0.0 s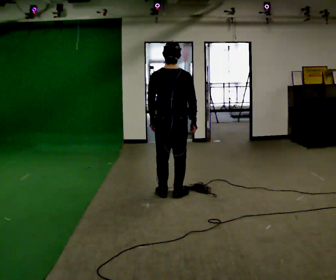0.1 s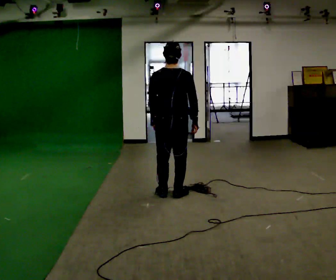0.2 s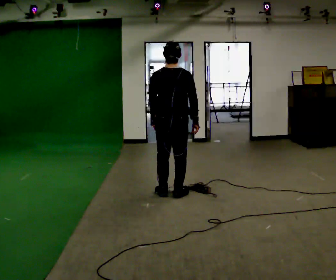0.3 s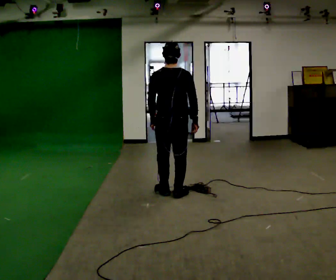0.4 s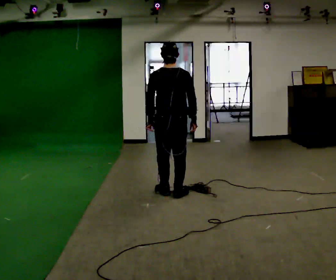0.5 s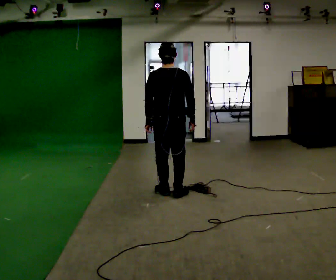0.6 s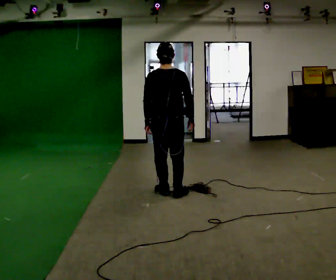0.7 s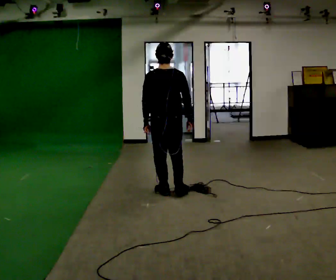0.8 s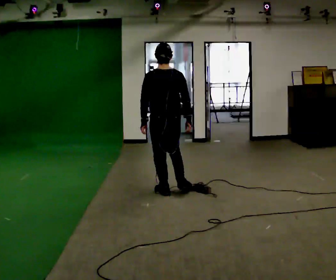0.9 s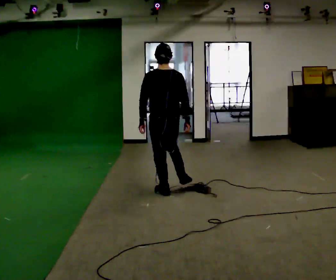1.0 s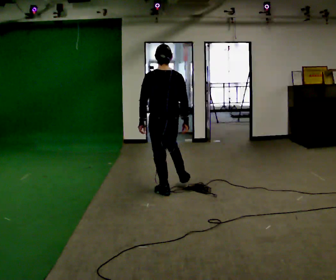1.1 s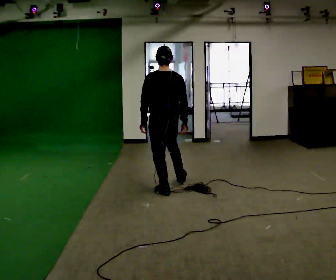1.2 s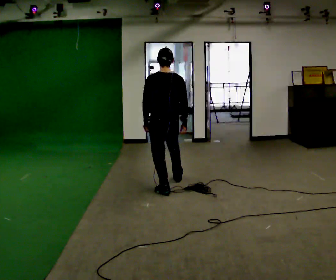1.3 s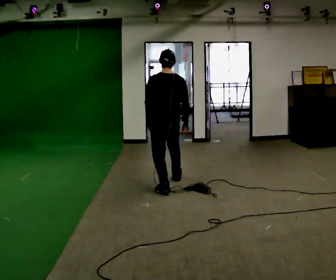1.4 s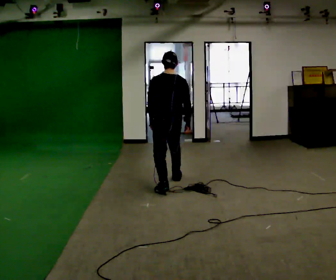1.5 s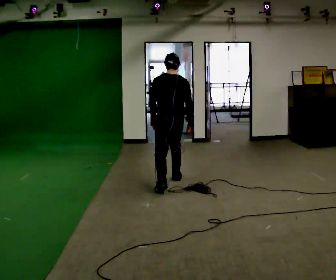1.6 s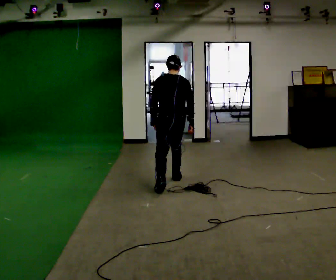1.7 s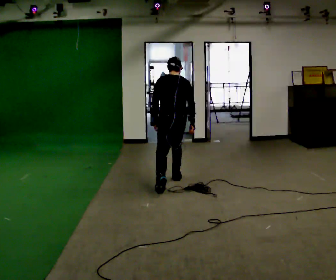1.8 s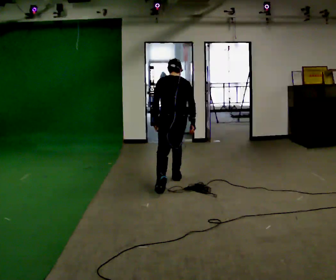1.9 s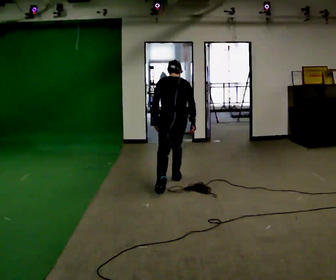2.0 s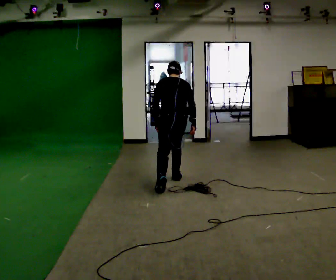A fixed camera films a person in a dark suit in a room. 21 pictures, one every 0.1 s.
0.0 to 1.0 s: In the picture they go away from the camera, about 0.25 m in 1 step, which for them is forward.
1.0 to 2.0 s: In the picture they go away from the camera, about 0.25 m, which for them is forward and to their right. The upper body tips away from the camera, its near side rolling upward, as they bend forward.
The film runs backward here.
